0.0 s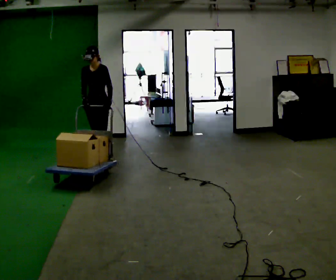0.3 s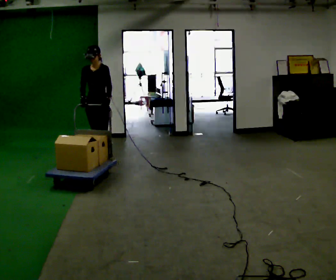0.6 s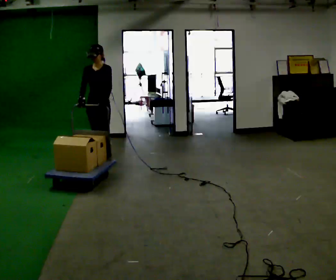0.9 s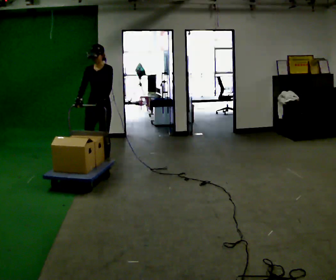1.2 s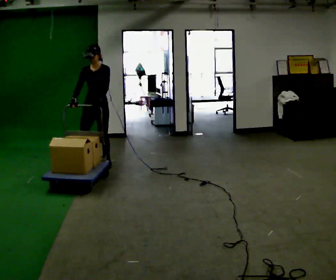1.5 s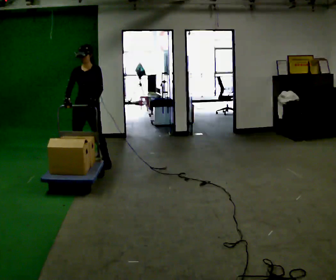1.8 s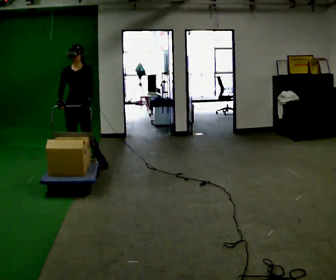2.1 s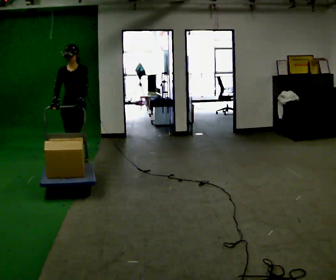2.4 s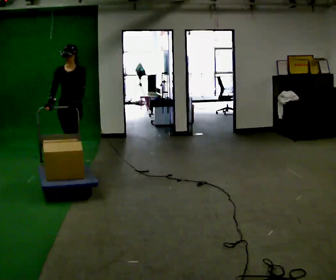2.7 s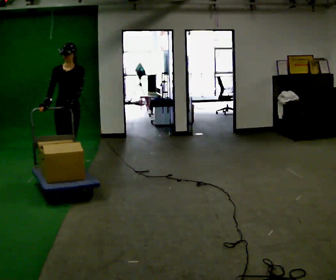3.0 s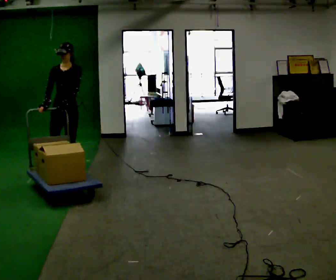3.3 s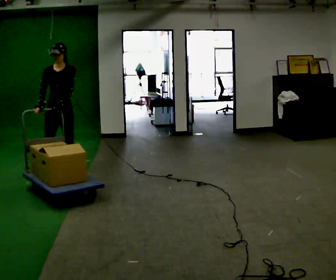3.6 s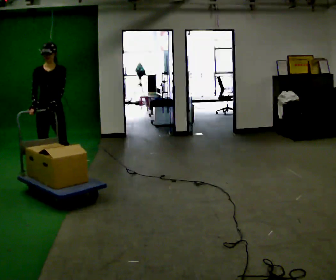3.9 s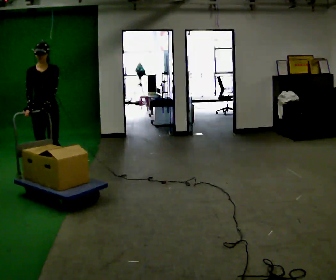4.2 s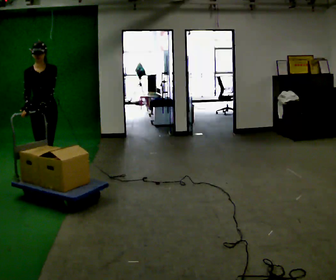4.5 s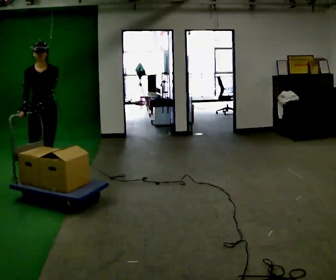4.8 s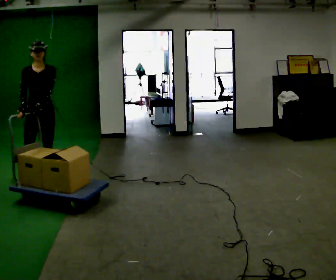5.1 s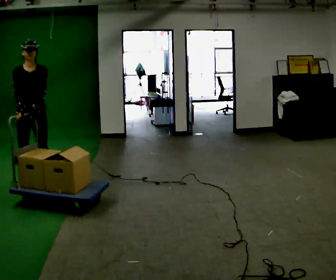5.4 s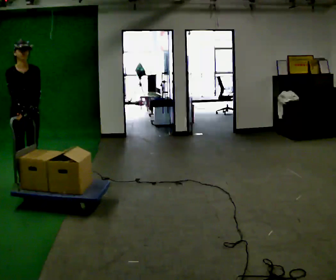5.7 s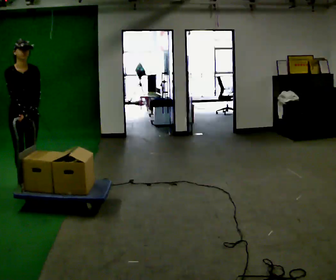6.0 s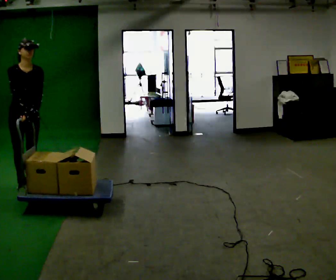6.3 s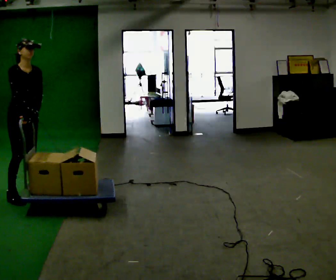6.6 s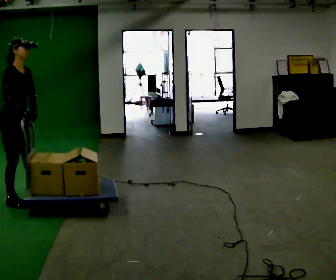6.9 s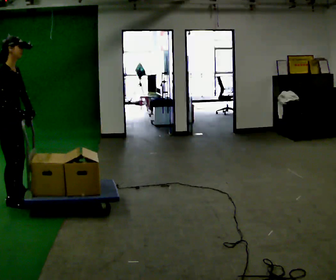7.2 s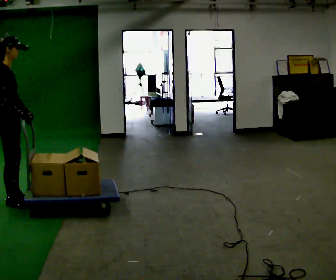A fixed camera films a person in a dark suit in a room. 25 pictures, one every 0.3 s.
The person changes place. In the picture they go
toward the camera.
0.0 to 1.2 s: In the picture they go toward the camera, about 0.25 m in 1 step, which for them is forward.
1.2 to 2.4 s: In the picture they go to the left and toward the camera, about 0.25 m in 1 step, which for them is forward and to their right.
2.4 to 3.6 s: In the picture they go toward the camera and to the left, about 0.5 m in 1 step, which for them is forward.
3.6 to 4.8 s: In the picture they go toward the camera, about 0.25 m in 1 step, which for them is forward.
4.8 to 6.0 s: In the picture they go toward the camera, about 0.25 m in 2 steps, which for them is forward and to their right.
6.0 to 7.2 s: Seen from above the body turns counterclockwise, about 90 degrees: to their left, with its near side sliding to the right. In the picture they go toward the camera, about 0.5 m in 2 steps.
The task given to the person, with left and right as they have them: Push the cart across the room and back. The operator will change how much is loaded on it between takes and will tell you each time.
The film runs forward here.
